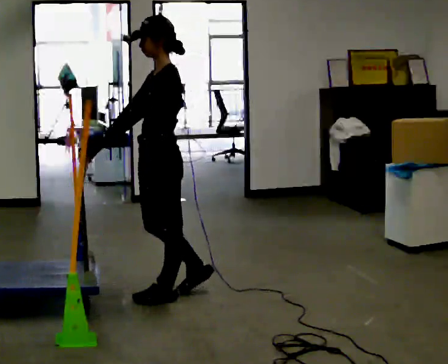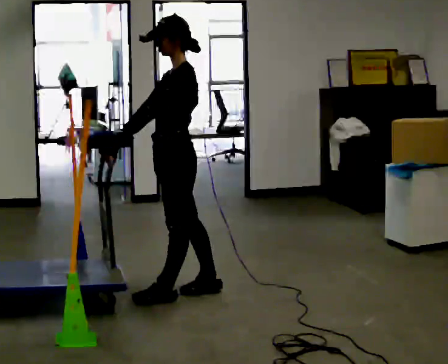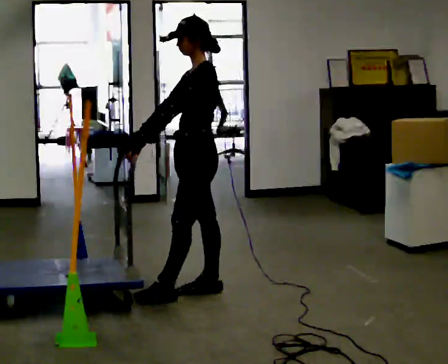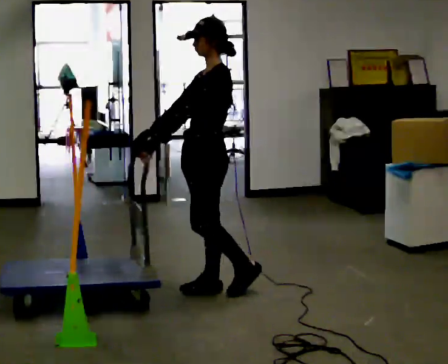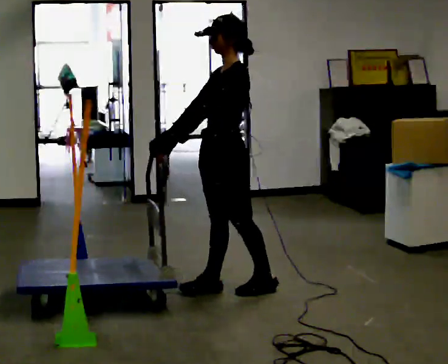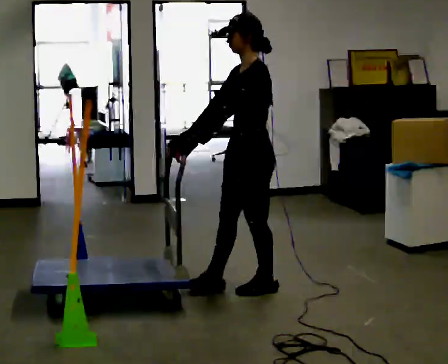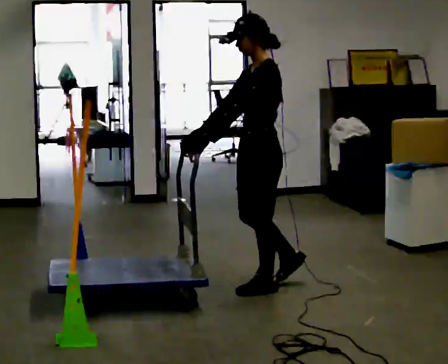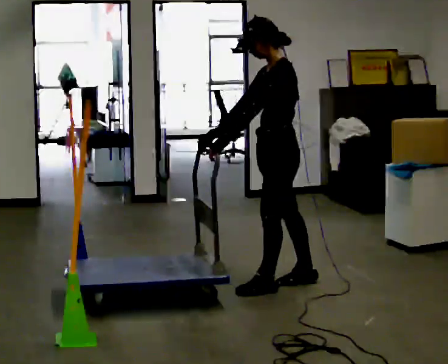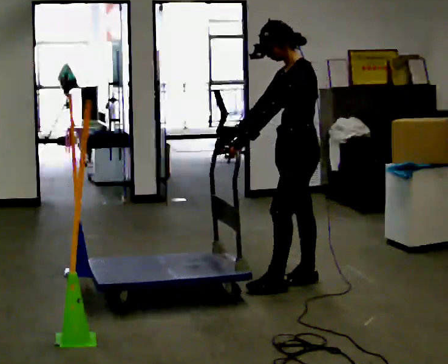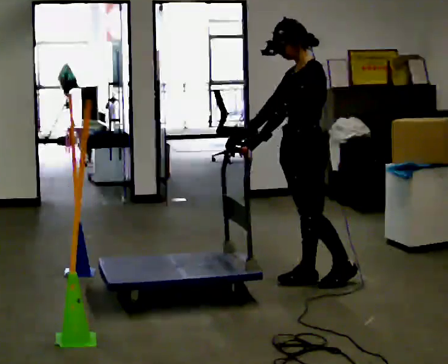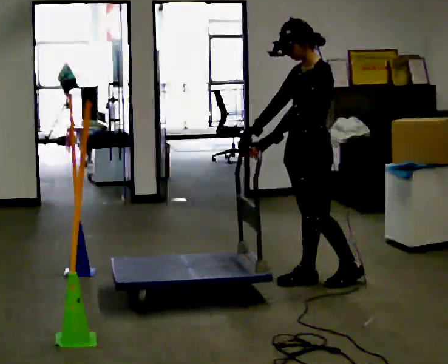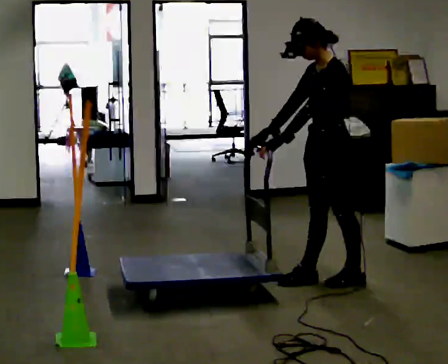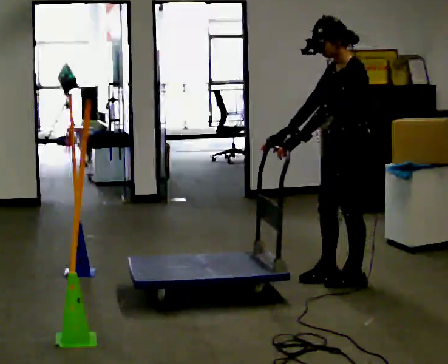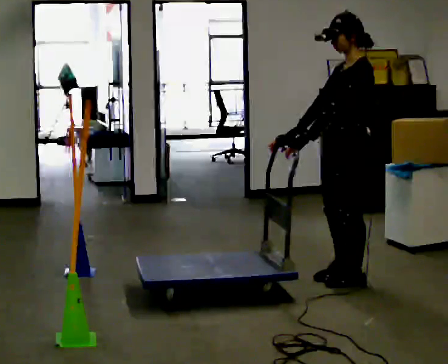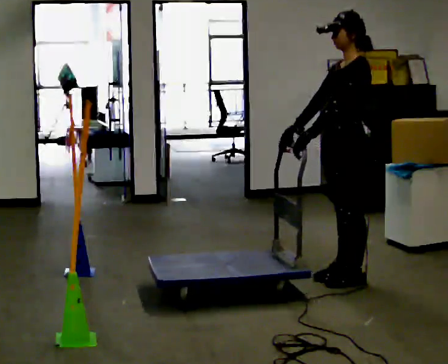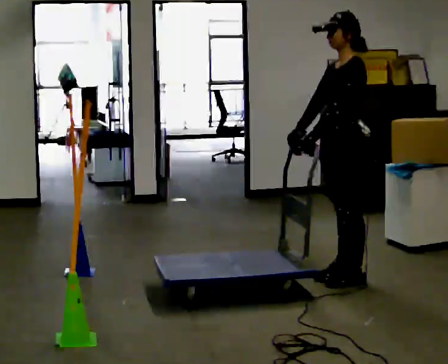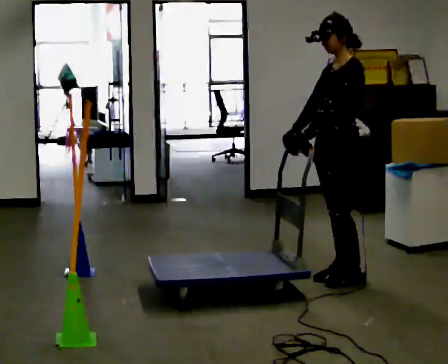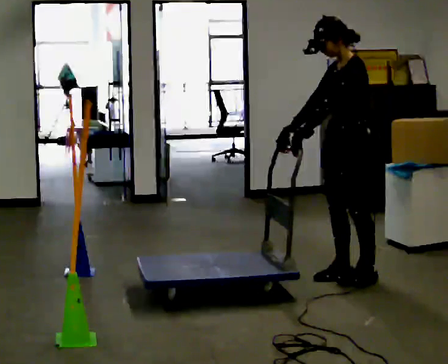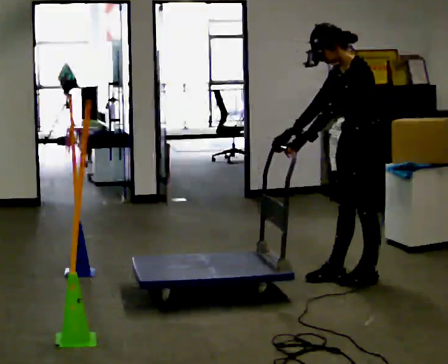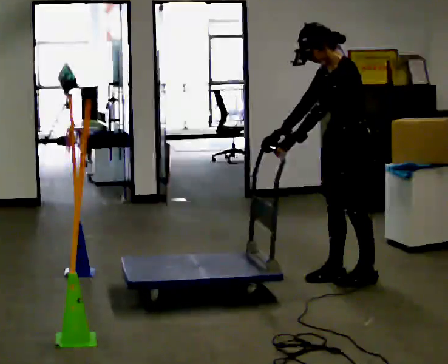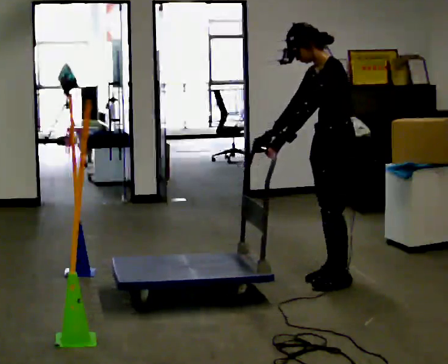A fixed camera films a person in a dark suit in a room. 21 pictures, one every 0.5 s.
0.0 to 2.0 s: In the picture they go to the right and away from the camera, about 0.5 m in 1 step, which for them is backward.
2.0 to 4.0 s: In the picture they go to the right and away from the camera, about 0.5 m in 2 steps, which for them is backward.
4.0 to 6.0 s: In the picture they go to the right, about 0.25 m in 1 step, which for them is backward and to their left.
6.0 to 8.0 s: The person moves a little, or ends about where they began.
8.0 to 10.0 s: In the picture the upper body tilts counterclockwise, shoulders to the left, as they bend forward.
The film runs backward here.
